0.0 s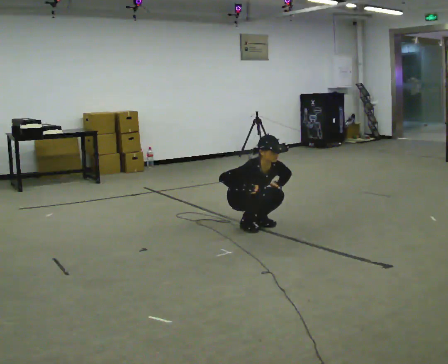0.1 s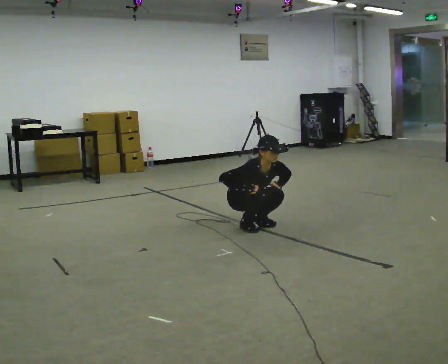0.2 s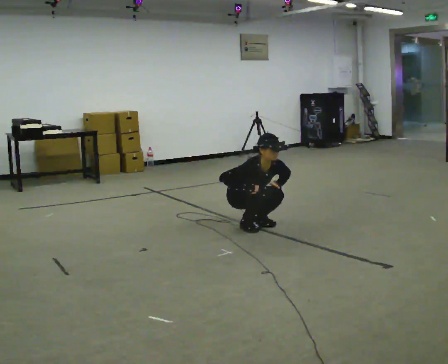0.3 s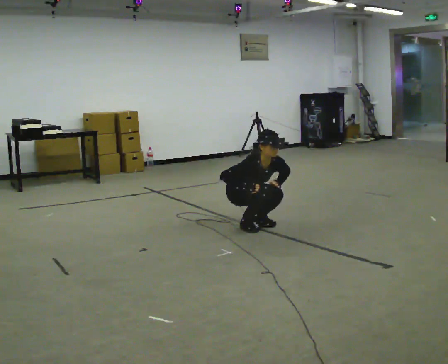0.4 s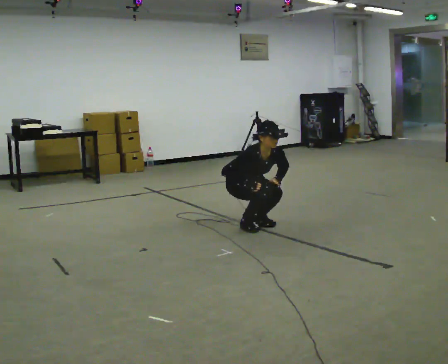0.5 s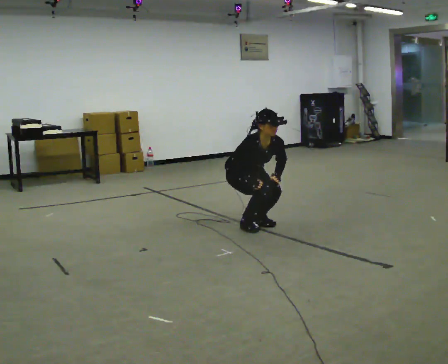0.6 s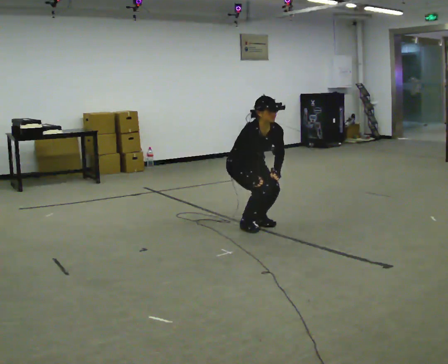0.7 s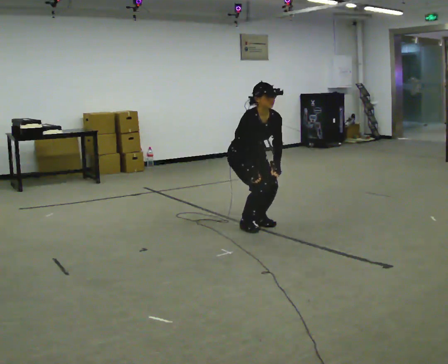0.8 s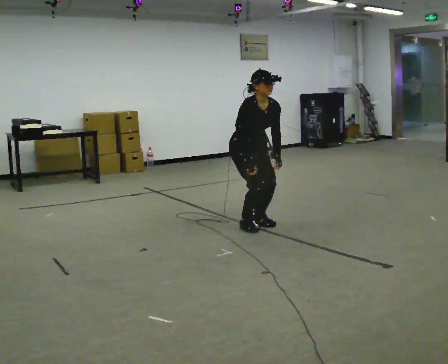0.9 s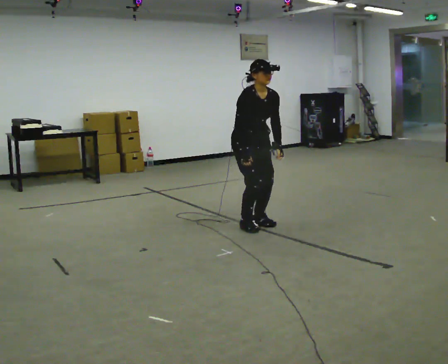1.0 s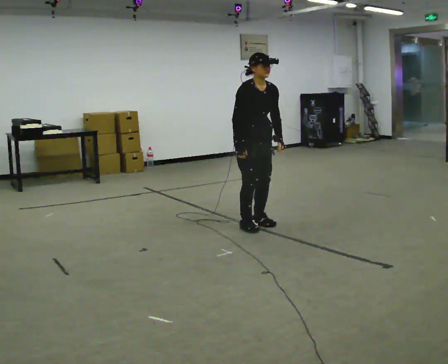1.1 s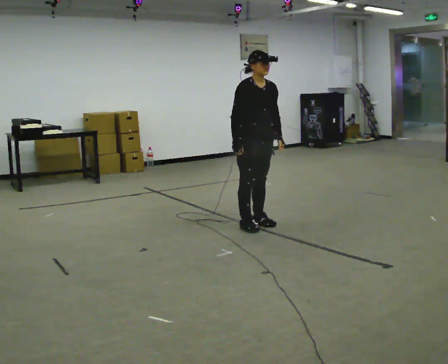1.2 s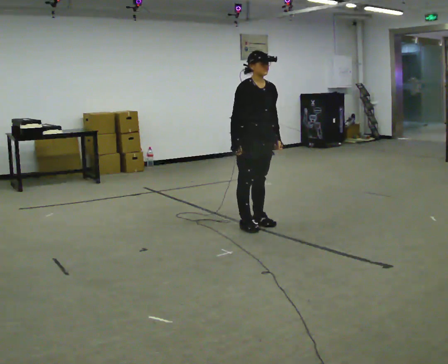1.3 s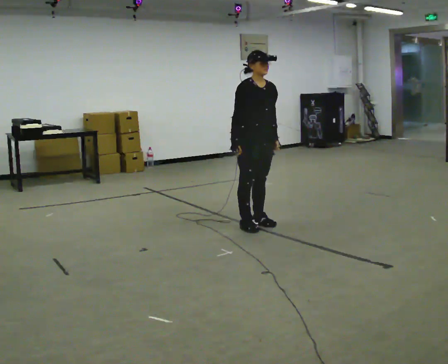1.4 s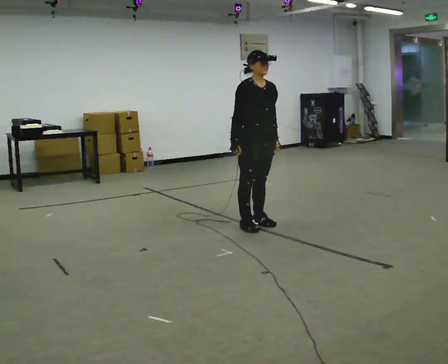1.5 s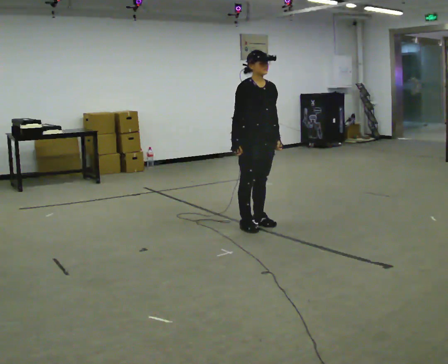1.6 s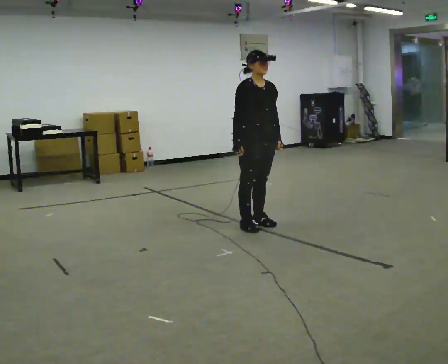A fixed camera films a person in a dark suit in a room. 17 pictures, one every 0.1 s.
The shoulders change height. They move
upward.
Their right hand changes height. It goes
upward.
0.0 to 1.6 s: In the picture they go toward the camera, about 0.25 m, which for them is forward. The shoulders move upward. The upper body tips away from the camera, its near side rolling upward, as they lean back or straighten. In the picture their left hand goes upward.
The film runs forward here.
